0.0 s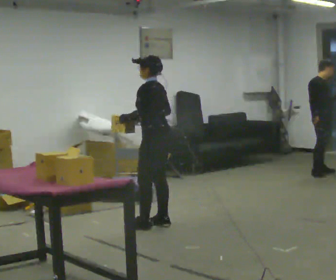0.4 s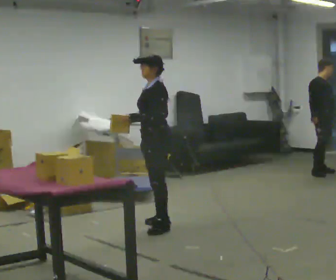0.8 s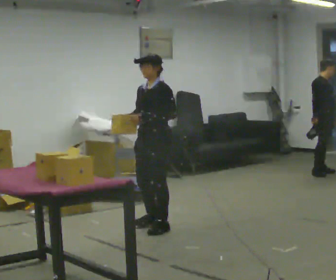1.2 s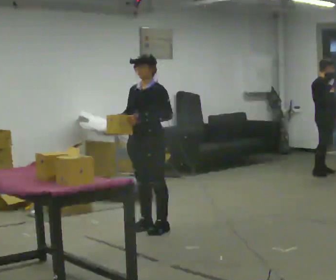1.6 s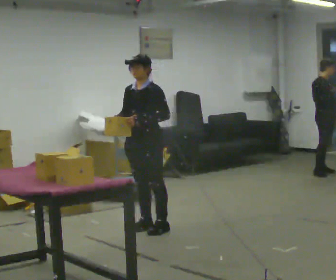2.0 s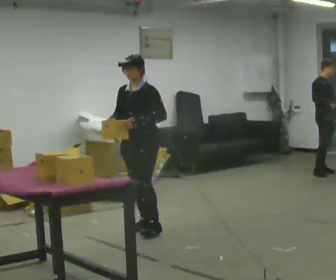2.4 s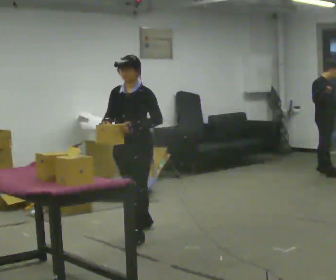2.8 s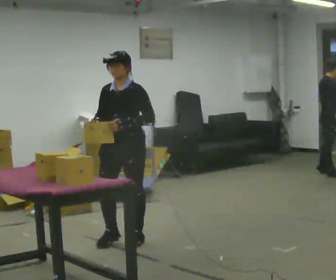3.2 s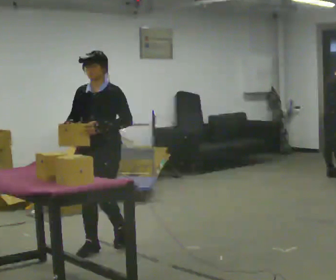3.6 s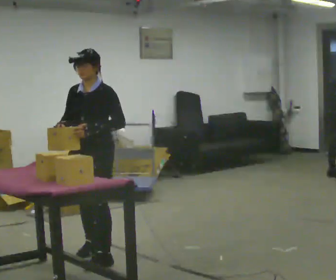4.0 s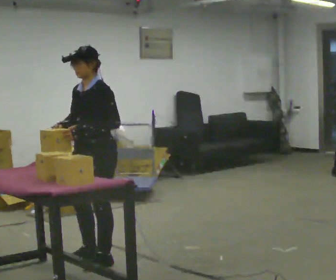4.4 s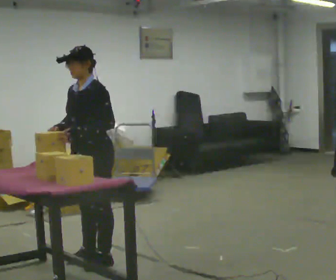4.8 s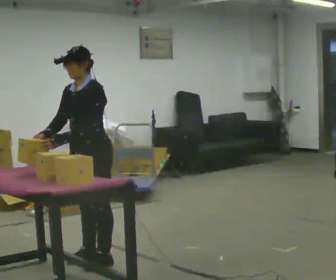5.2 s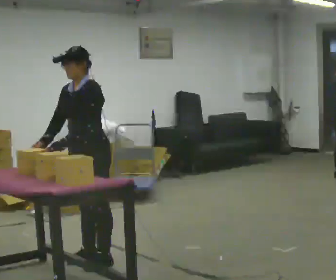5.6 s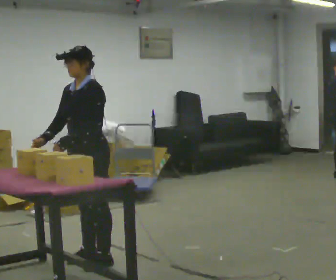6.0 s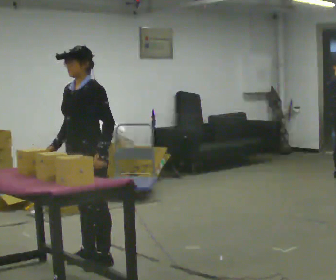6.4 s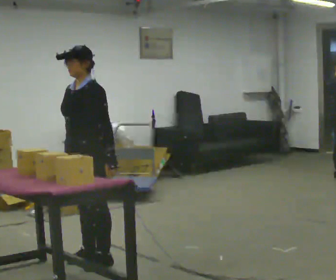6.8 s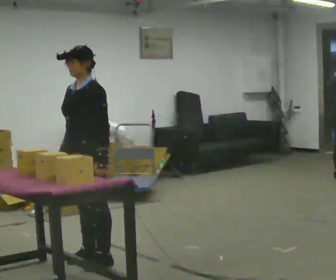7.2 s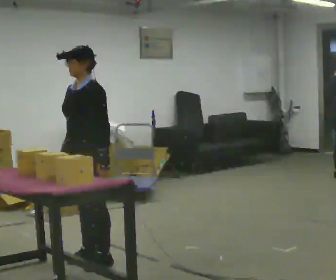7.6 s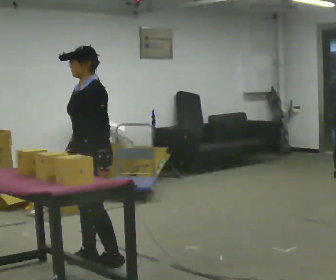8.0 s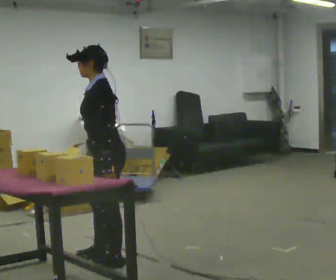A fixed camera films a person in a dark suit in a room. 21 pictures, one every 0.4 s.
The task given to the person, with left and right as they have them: The operator will name an object. Go and find it, bring it back, and hand it over. Then wait for the next one.
0.0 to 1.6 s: The person turns about 75 degrees to their left, counterclockwise seen from above, so the part of the body nearest the lens slides to the right.
1.6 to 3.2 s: In the picture they go toward the camera and to the left, about 1 m in 2 steps, which for them is forward.
3.2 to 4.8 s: The person turns about 30 degrees to their right, clockwise seen from above, so the part of the body nearest the lens slides to the left. In the picture they go toward the camera, about 0.25 m in 2 steps, which for them is to their left and forward.
4.8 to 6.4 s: In the picture their left hand goes to the right, the arm swinging counterclockwise.
6.4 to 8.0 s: Seen from above the body turns clockwise, about 30 degrees: to their right, with its near side sliding to the left. In the picture their right hand goes to the right.
The film runs forward here.
